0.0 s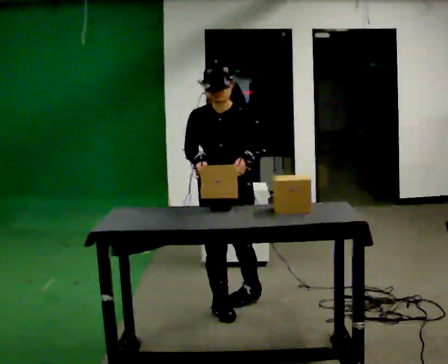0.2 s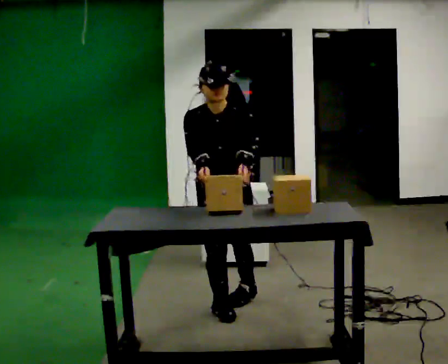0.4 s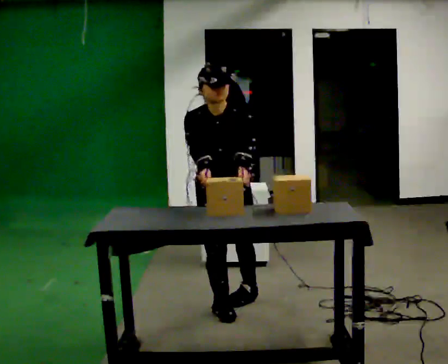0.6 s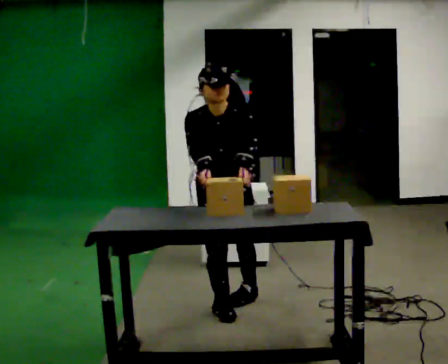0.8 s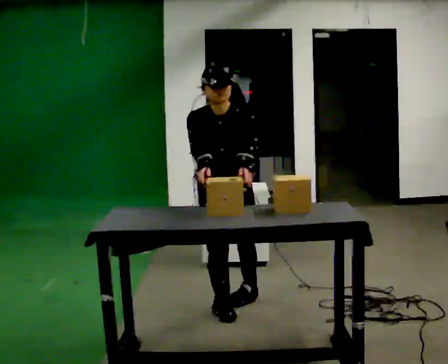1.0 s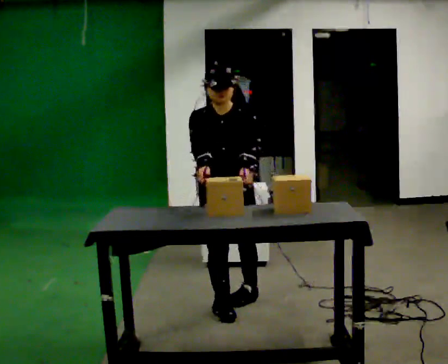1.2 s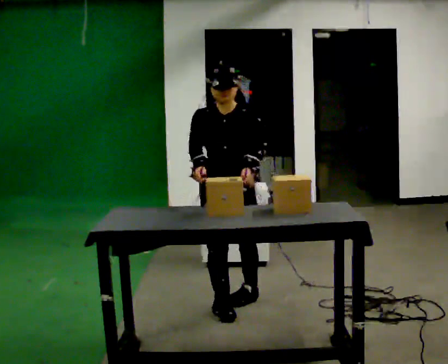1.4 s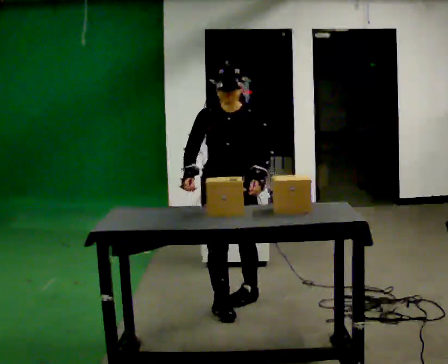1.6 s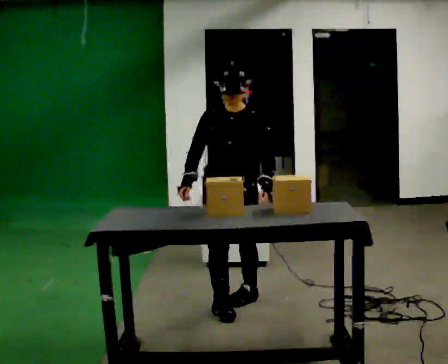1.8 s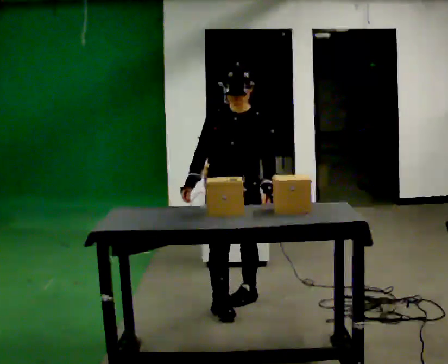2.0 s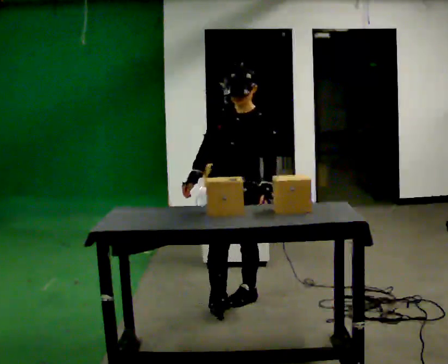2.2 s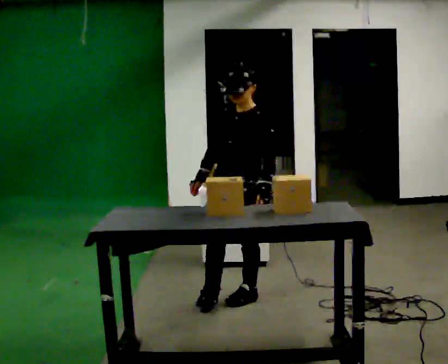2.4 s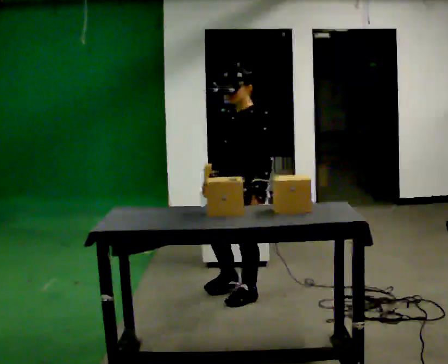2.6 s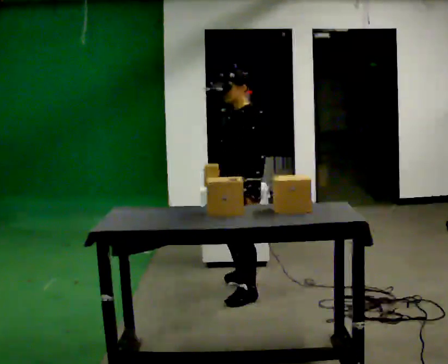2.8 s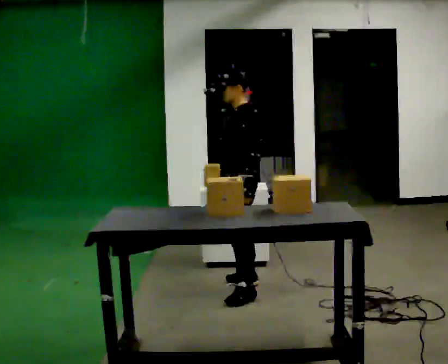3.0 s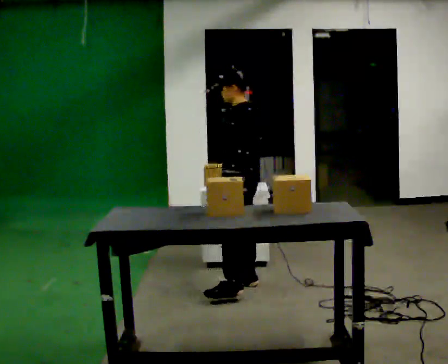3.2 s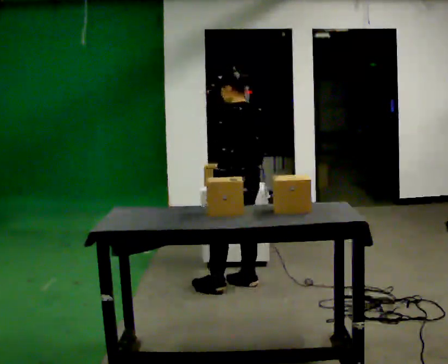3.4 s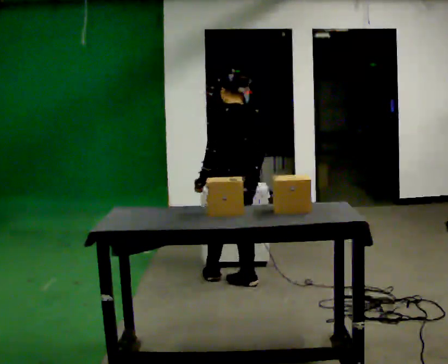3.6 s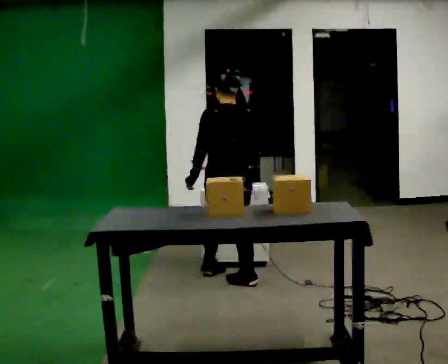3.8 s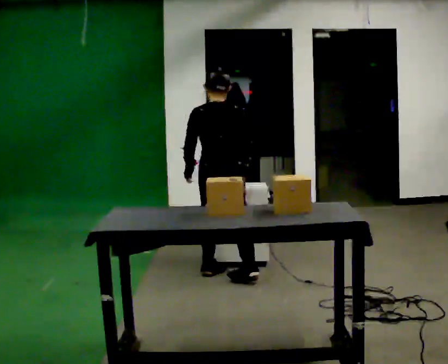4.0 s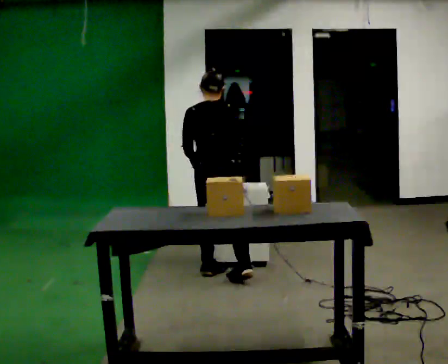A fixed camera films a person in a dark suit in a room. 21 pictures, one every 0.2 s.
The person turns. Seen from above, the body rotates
clockwise.
The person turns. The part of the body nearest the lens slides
to the left.
0.0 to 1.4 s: The person moves a little, or ends about where they began.
1.4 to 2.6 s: The part of the body nearest the lens slides to the left as the person turns to their right by about 75 degrees. In the picture they go away from the camera, about 0.25 m in 1 step.
2.6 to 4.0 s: The part of the body nearest the lens slides to the left as the person turns to their right by about 105 degrees. In the picture they go away from the camera, about 0.5 m in 1 step.
The film runs backward here.
